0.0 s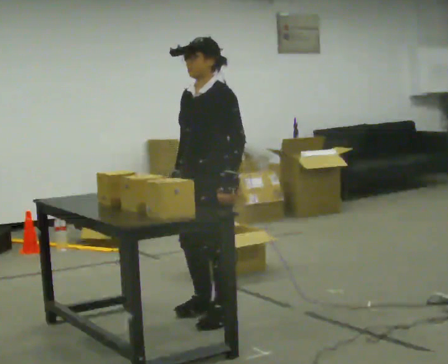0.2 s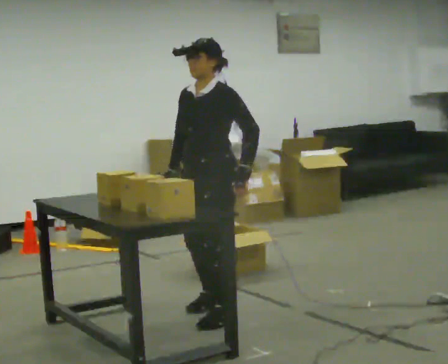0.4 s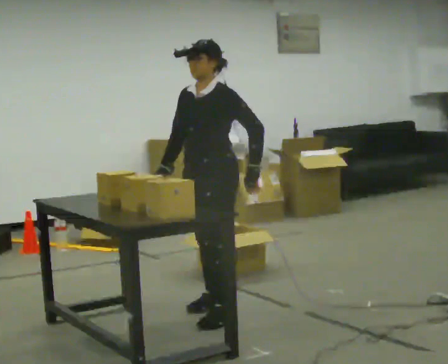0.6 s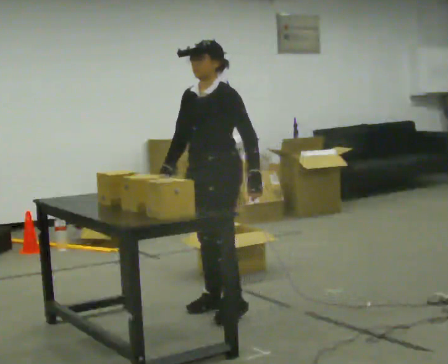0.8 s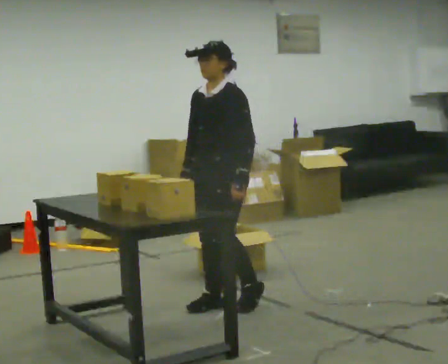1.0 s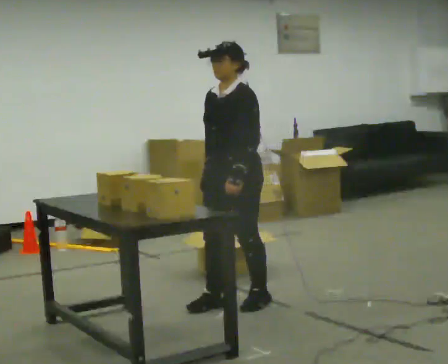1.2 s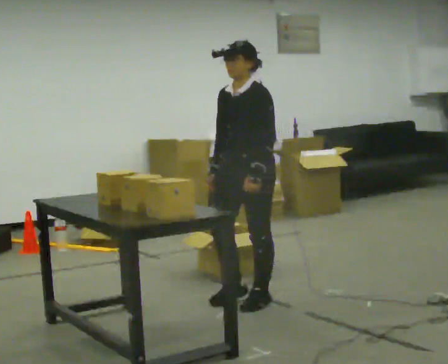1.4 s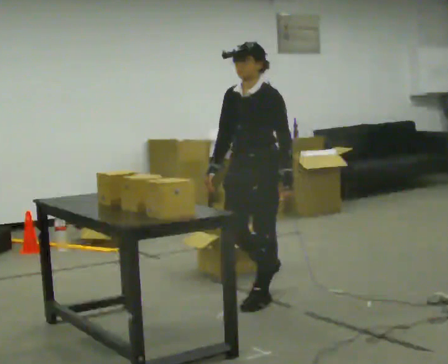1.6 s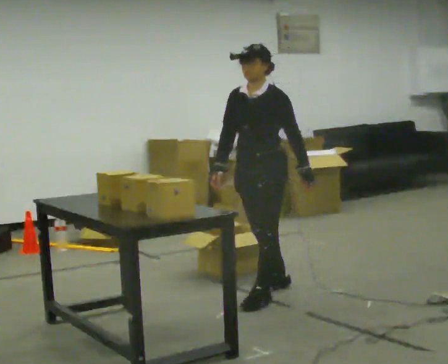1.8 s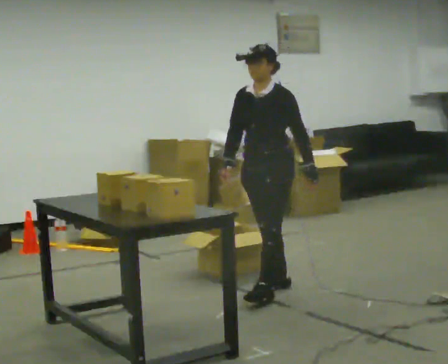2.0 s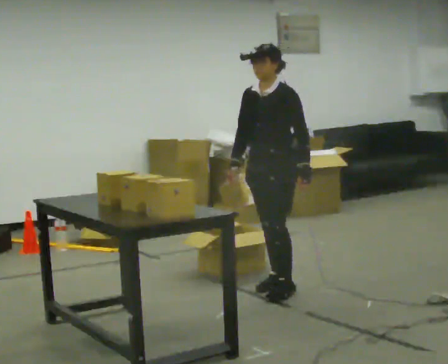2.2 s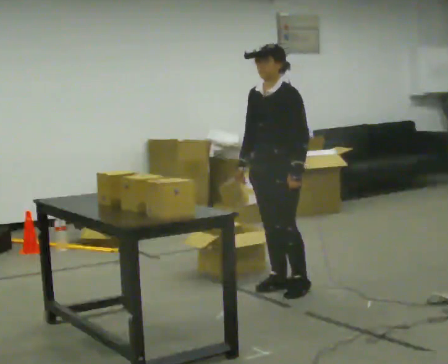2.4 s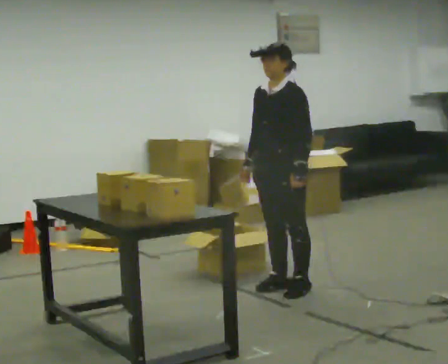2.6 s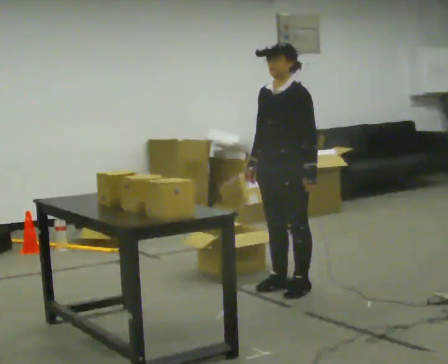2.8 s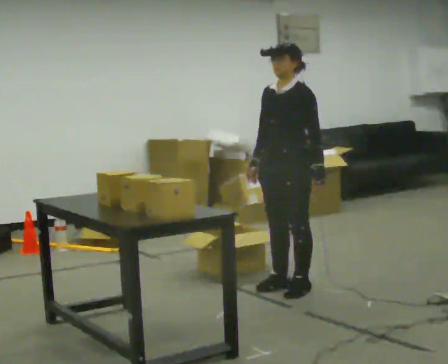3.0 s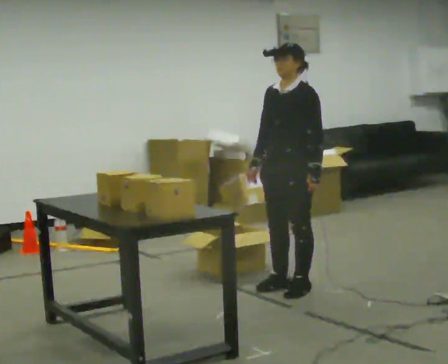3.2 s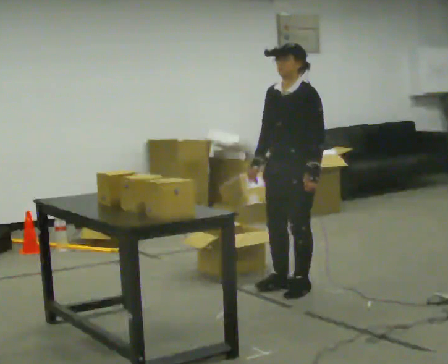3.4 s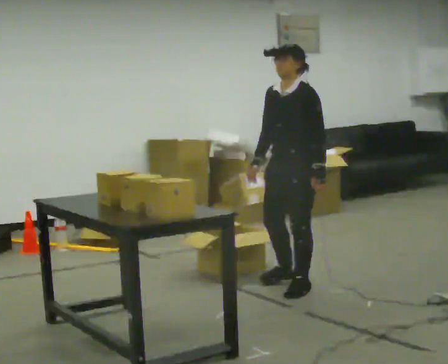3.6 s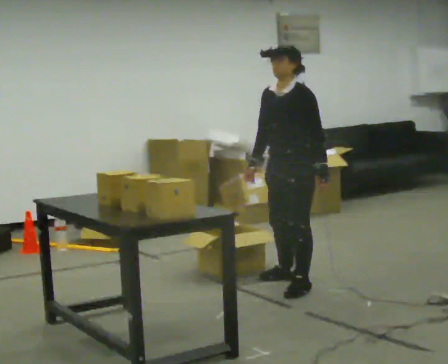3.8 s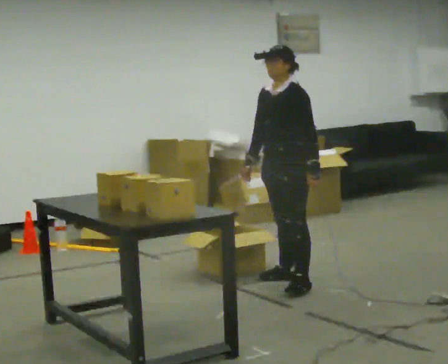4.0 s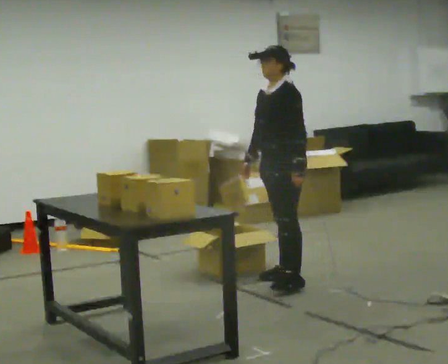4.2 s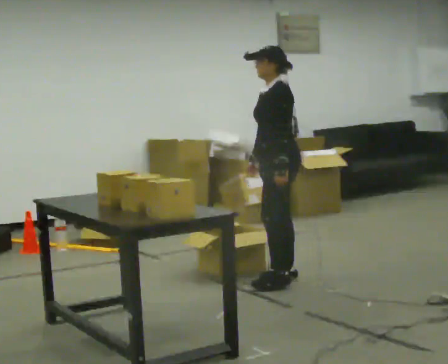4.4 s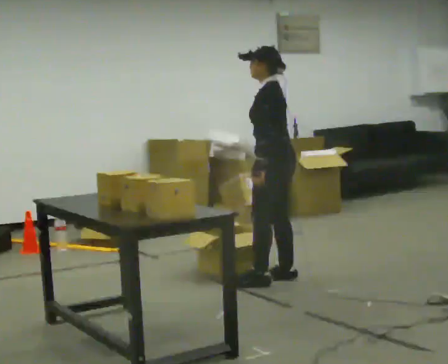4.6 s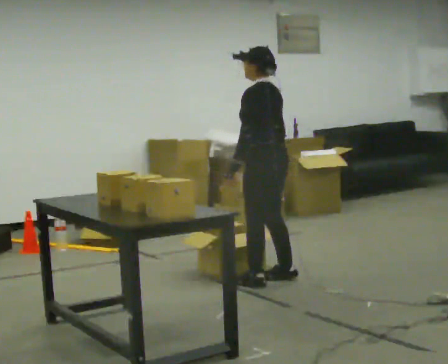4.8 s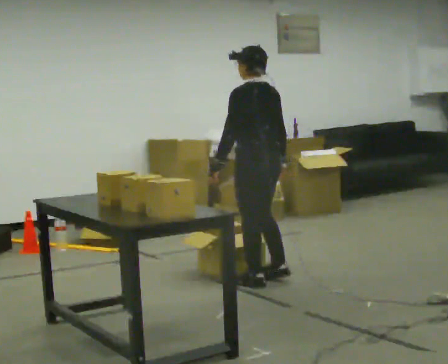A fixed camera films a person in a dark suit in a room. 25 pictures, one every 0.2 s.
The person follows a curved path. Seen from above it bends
counterclockwise.
The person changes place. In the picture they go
away from the camera.
0.0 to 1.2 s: In the picture they go away from the camera and to the right, about 0.5 m in 2 steps, which for them is backward.
1.2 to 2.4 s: In the picture they go away from the camera and to the right, about 0.5 m in 1 step, which for them is backward.
2.4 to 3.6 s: The person moves a little, or ends about where they began.
3.6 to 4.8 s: The person turns about 75 degrees to their right, clockwise seen from above, so the part of the body nearest the lens slides to the left. In the picture they go to the left, about 0.25 m in 2 steps.
The film runs backward here.
